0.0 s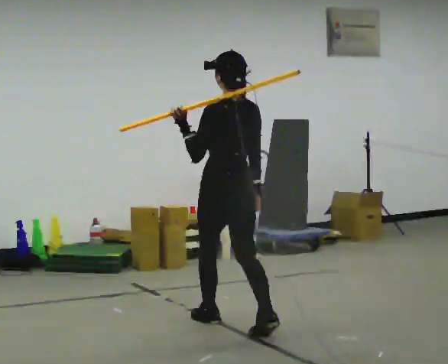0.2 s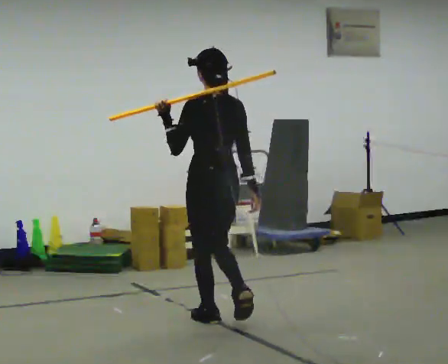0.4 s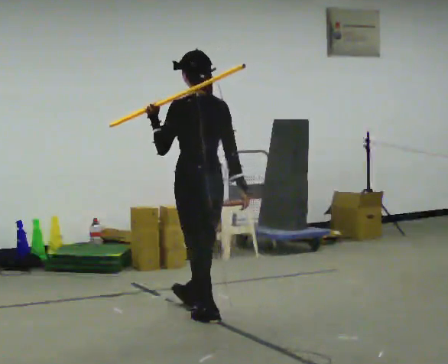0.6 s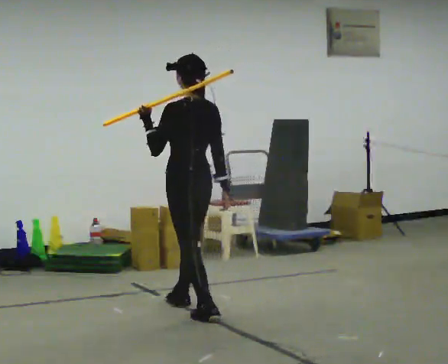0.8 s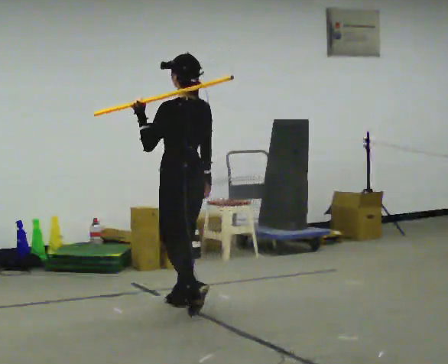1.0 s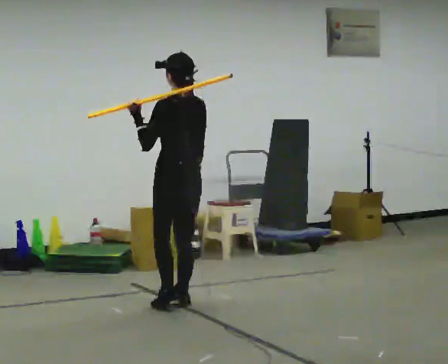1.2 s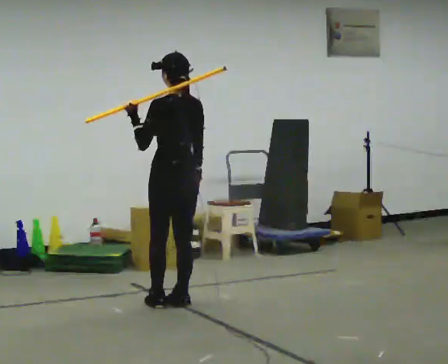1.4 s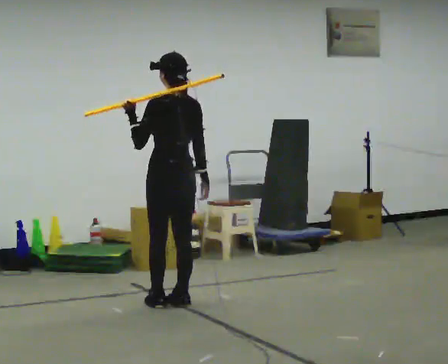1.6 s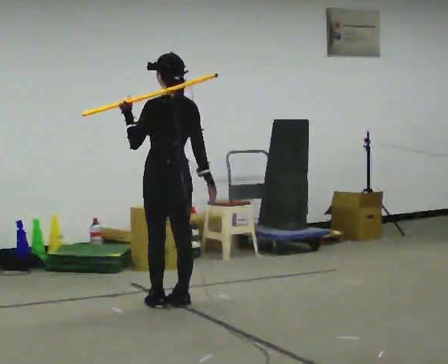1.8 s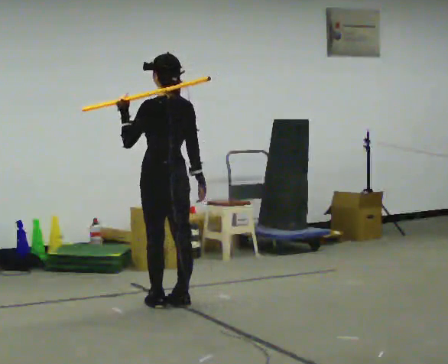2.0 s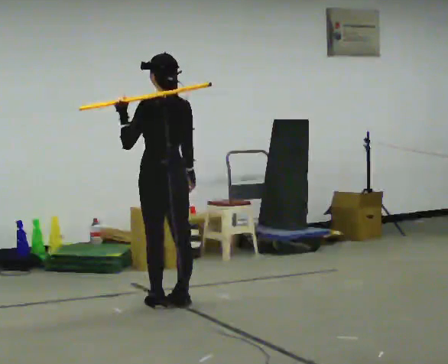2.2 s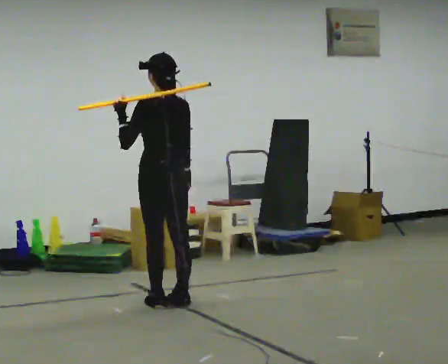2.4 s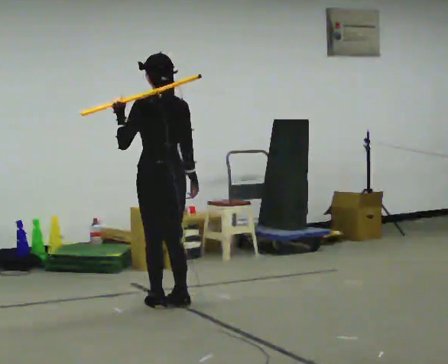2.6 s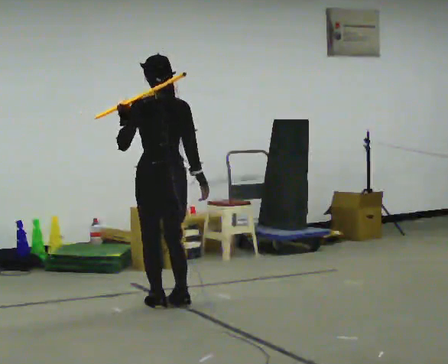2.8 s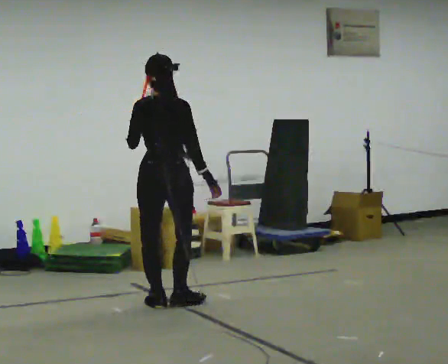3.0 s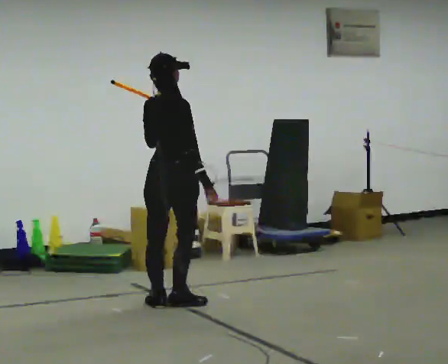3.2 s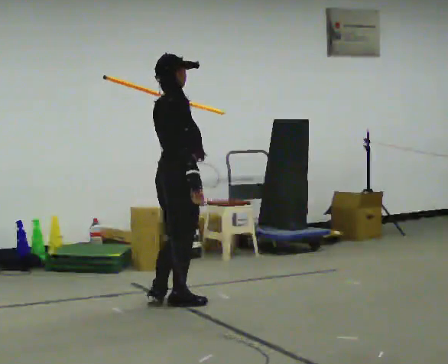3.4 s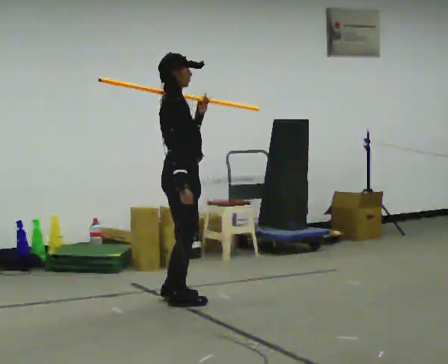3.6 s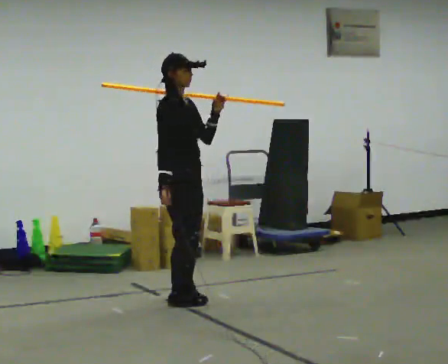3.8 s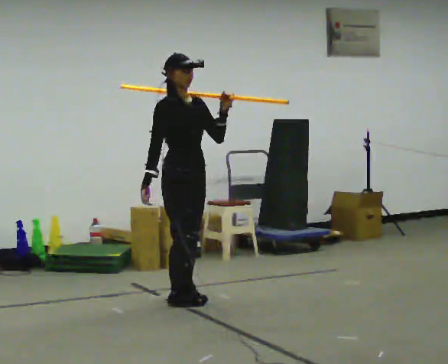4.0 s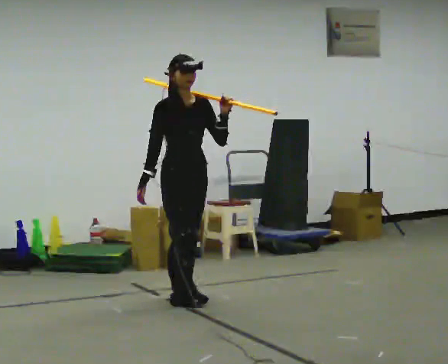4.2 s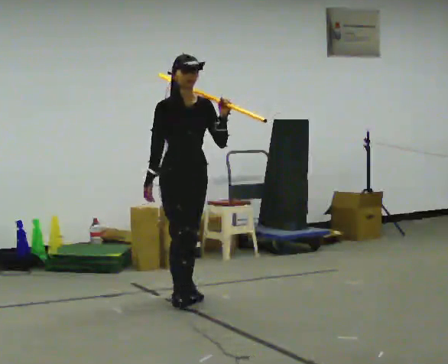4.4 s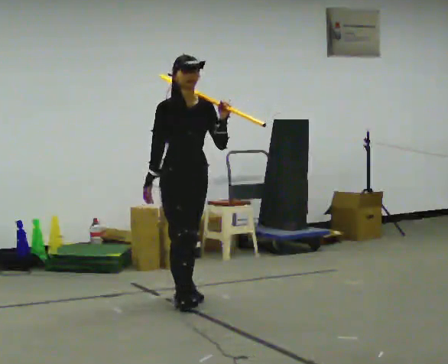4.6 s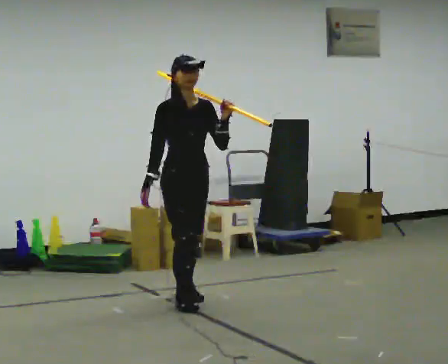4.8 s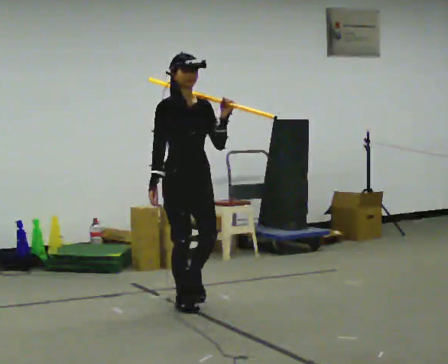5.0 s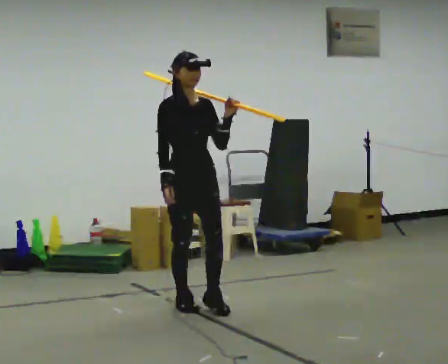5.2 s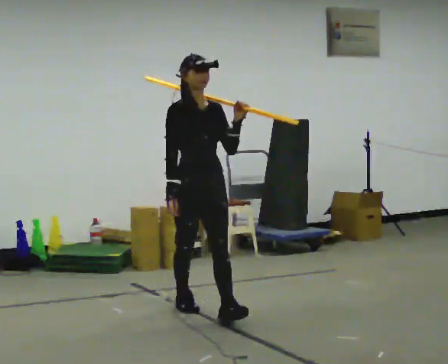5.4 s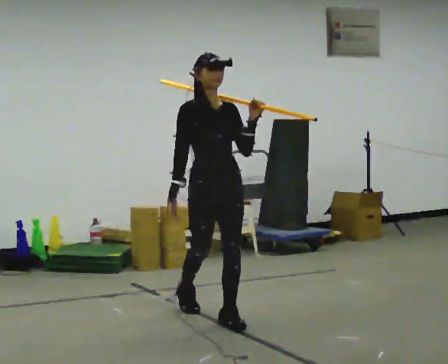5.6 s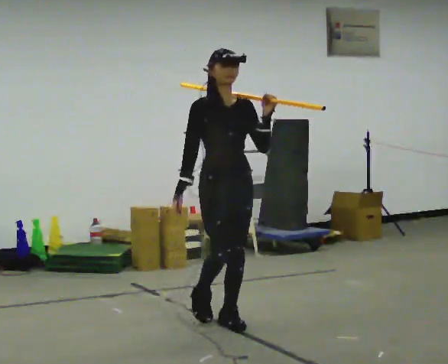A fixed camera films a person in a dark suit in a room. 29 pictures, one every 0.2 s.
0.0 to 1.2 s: In the picture they go away from the camera and to the left, about 0.5 m in 2 steps, which for them is forward.
1.2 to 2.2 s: The person moves a little, or ends about where they began.
2.2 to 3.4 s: Seen from above the body turns clockwise, about 135 degrees: to their right, with its near side sliding to the left. In the picture their left hand goes to the right.
3.4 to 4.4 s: The part of the body nearest the lens slides to the left as the person turns to their right by about 60 degrees.
4.4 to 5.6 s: In the picture they go toward the camera, about 0.5 m in 1 step, which for them is forward.
The film runs forward here.
